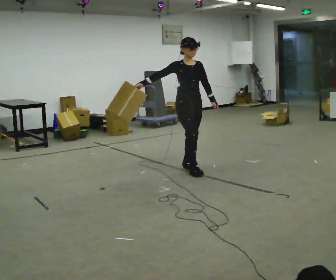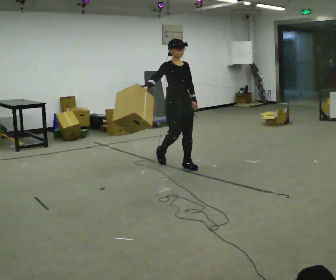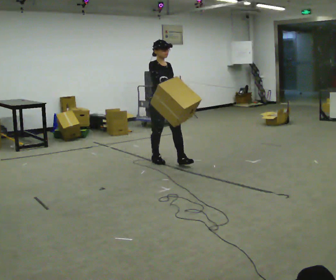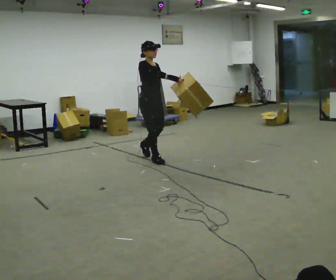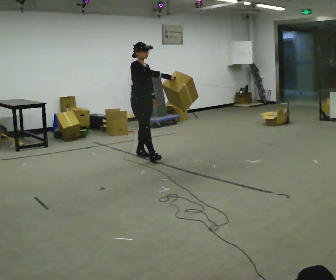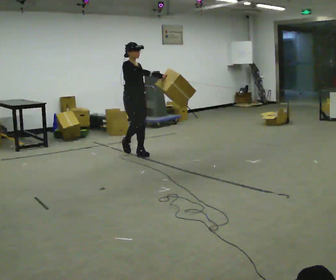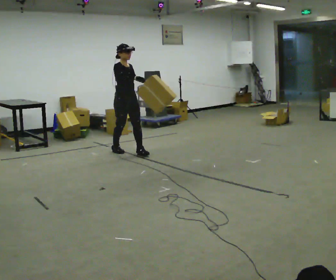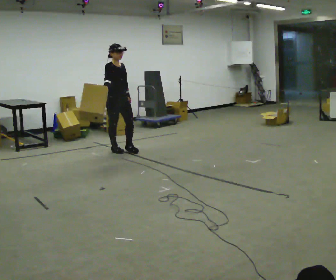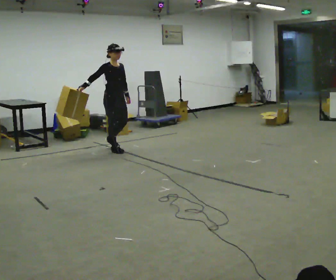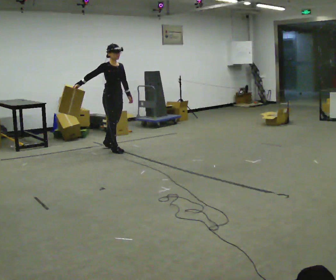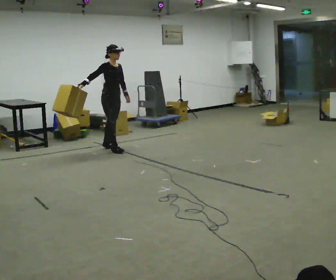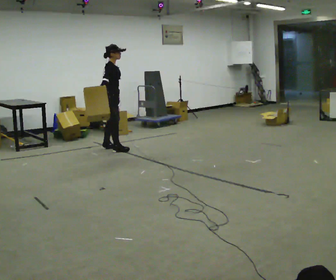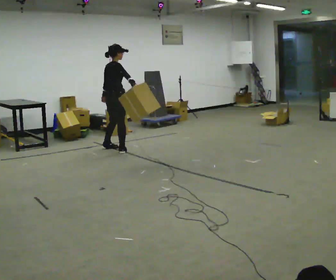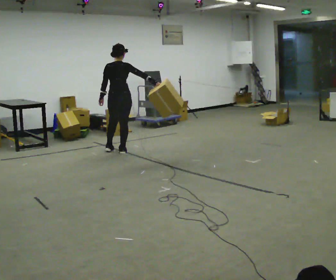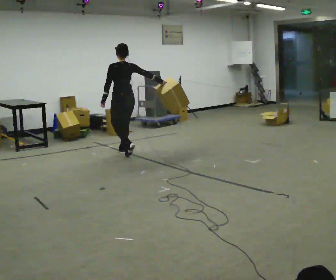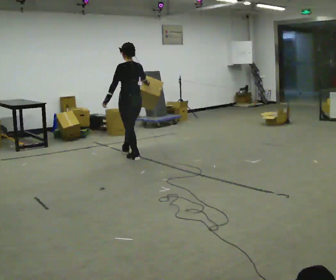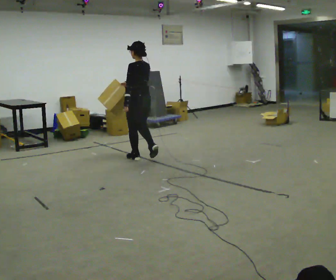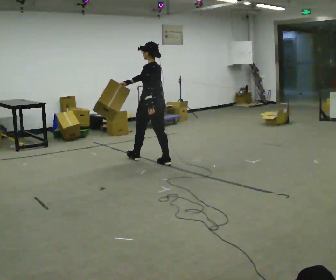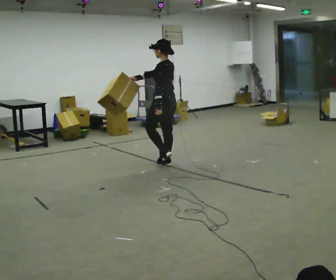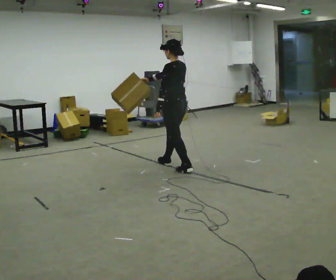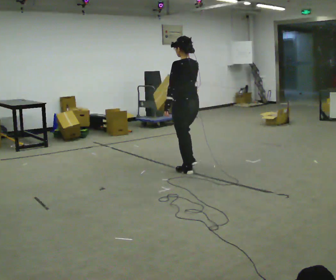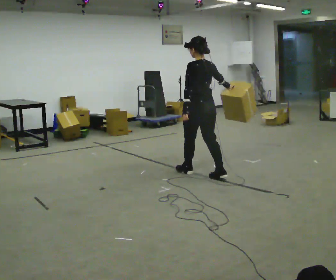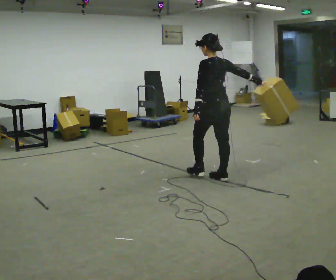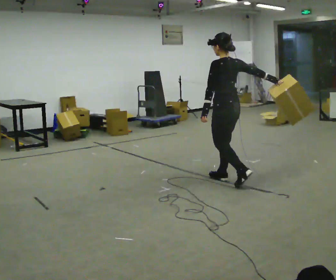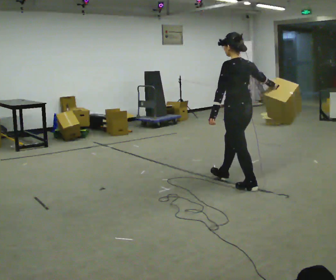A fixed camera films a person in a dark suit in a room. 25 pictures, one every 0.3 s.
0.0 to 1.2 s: In the picture they go away from the camera and to the left, about 1 m in 2 steps, which for them is backward.
1.2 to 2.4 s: In the picture they go away from the camera and to the left, about 0.5 m in 1 step, which for them is backward.
2.4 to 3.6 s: Seen from above the body turns counterclockwise, about 75 degrees: to their left, with its near side sliding to the right. In the picture their right hand goes to the right.
3.6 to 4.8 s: The part of the body nearest the lens slides to the right as the person turns to their left by about 90 degrees. In the picture they go toward the camera and to the right, about 0.5 m in 2 steps.
4.8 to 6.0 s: In the picture they go toward the camera and to the right, about 1 m in 2 steps, which for them is backward.
6.0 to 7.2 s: In the picture they go toward the camera and to the right, about 1 m in 2 steps, which for them is backward.
The film runs backward here.
